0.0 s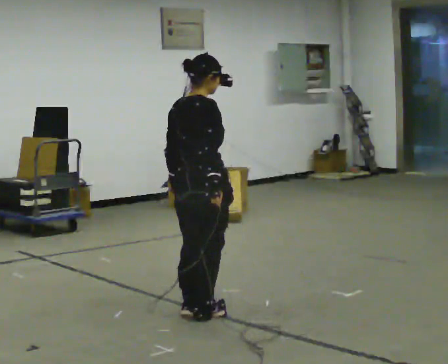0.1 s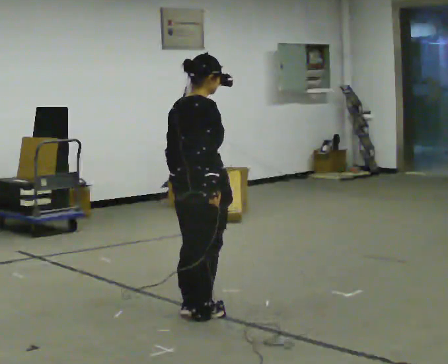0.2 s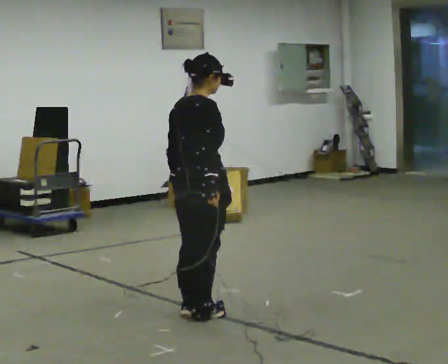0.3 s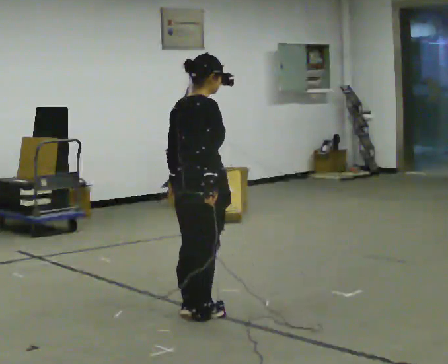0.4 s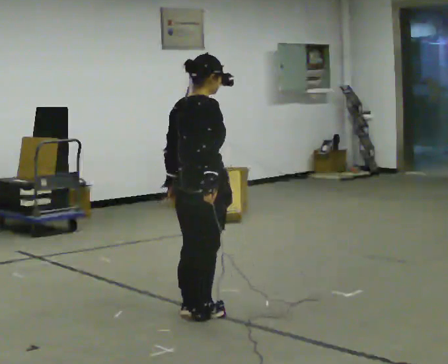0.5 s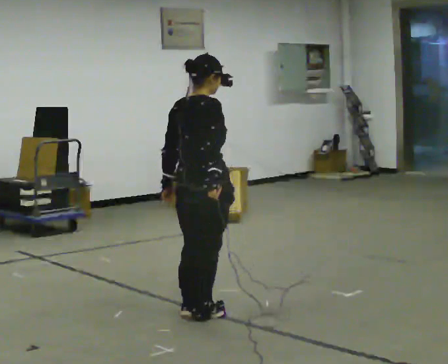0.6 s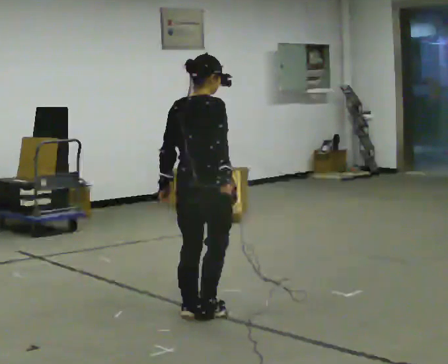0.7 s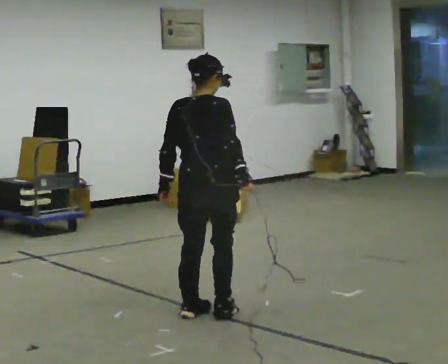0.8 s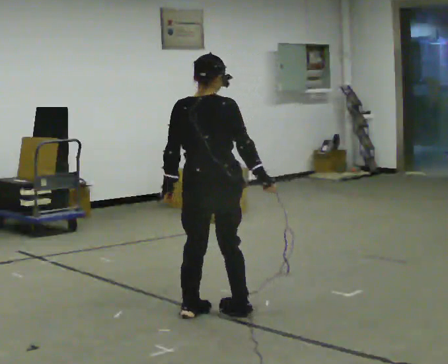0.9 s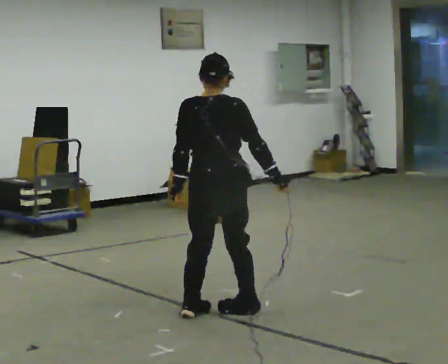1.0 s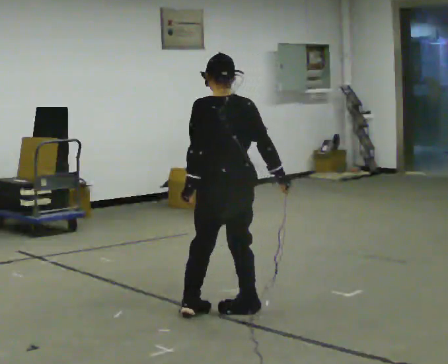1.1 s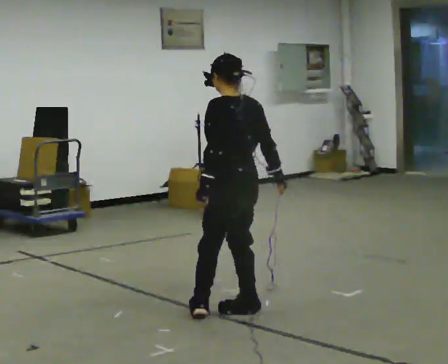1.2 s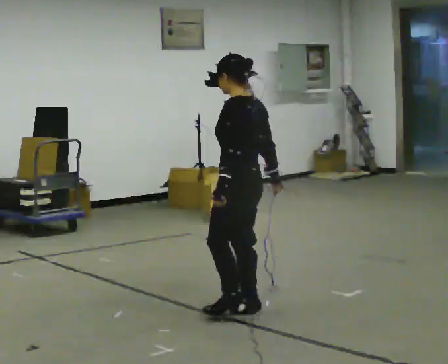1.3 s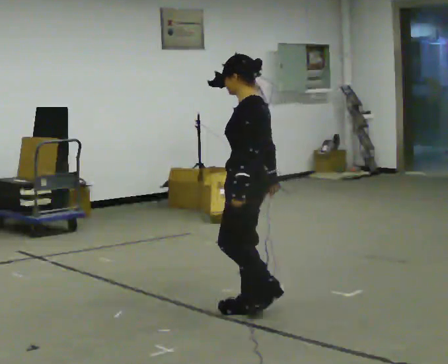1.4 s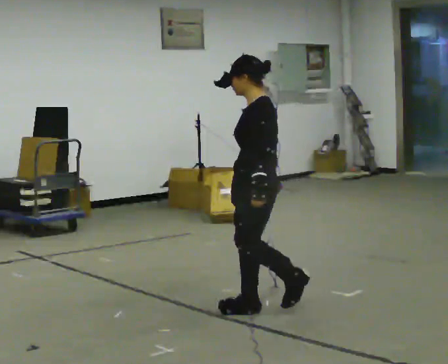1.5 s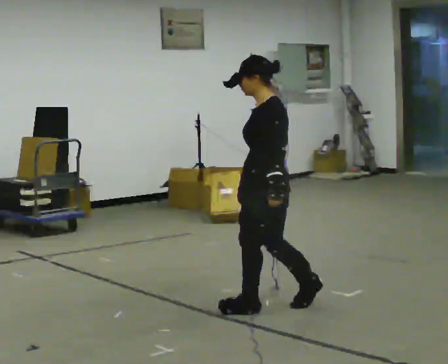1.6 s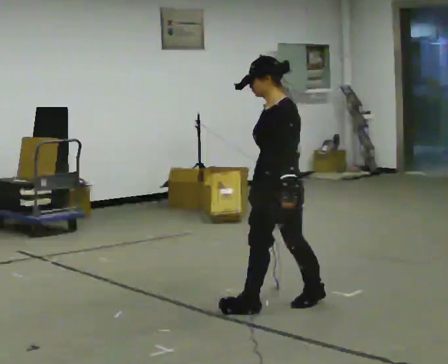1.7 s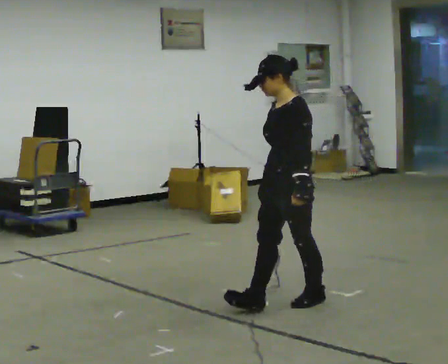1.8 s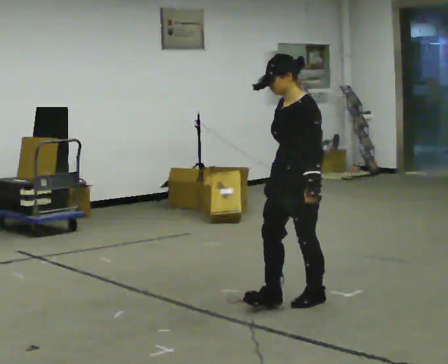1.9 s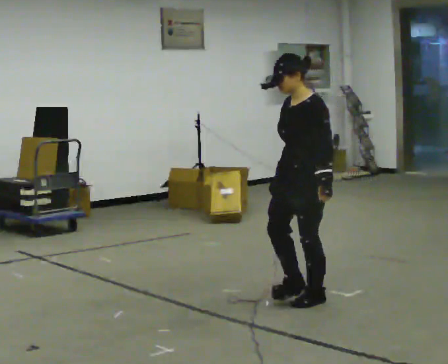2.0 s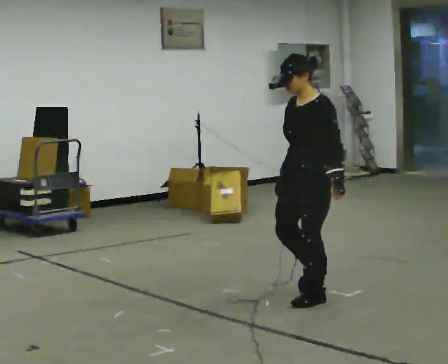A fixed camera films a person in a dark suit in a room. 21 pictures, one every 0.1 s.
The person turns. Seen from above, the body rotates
counterclockwise.
The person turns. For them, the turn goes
to their left.
0.0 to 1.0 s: The person turns about 60 degrees to their left, counterclockwise seen from above, so the part of the body nearest the lens slides to the right. In the picture their right hand goes to the right.
1.0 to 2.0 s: Seen from above the body turns counterclockwise, about 105 degrees: to their left, with its near side sliding to the right. In the picture they go to the right and away from the camera, about 0.5 m in 2 steps.
The film runs backward here.
